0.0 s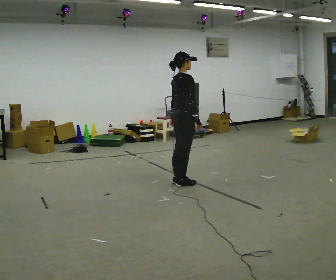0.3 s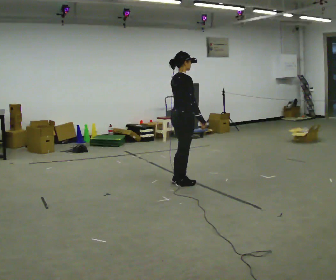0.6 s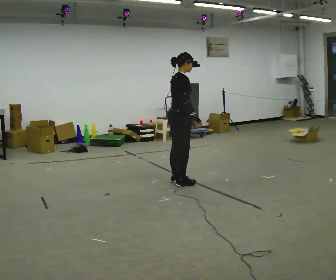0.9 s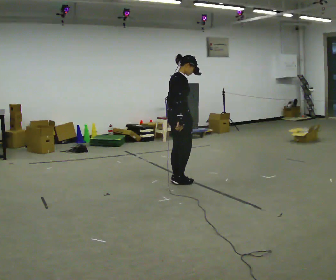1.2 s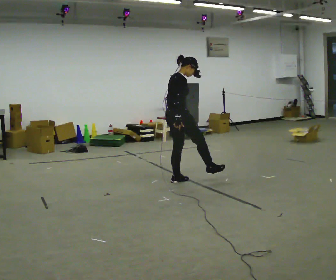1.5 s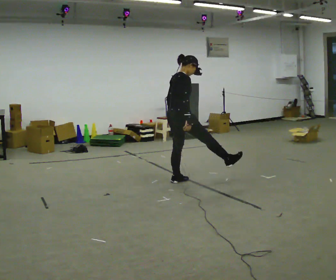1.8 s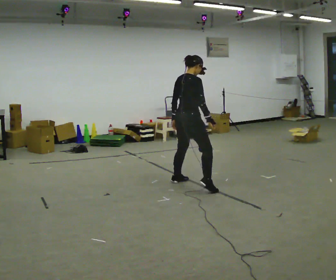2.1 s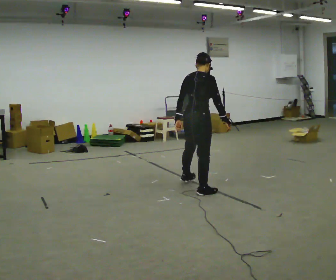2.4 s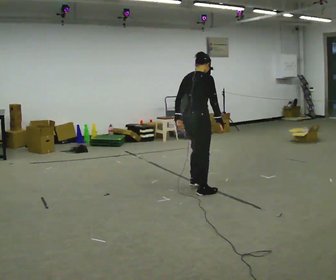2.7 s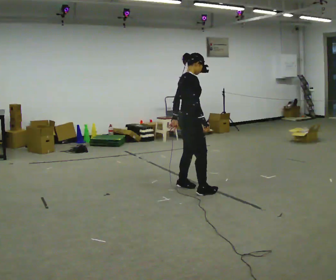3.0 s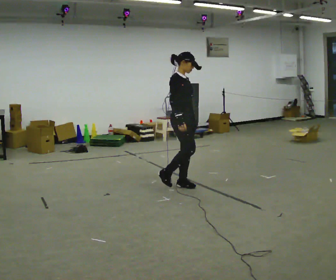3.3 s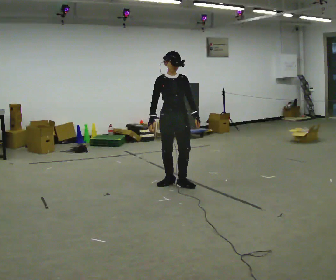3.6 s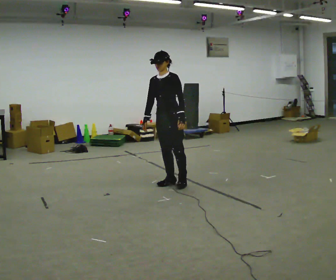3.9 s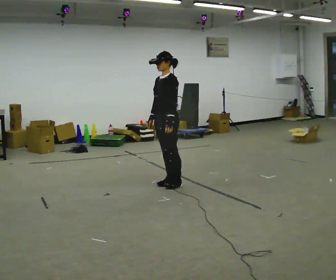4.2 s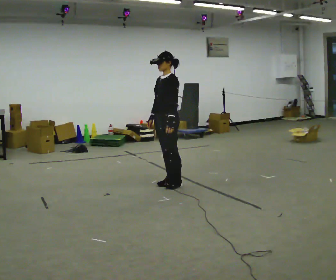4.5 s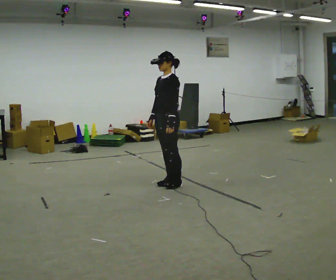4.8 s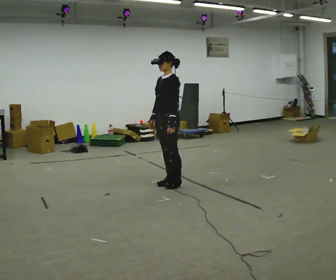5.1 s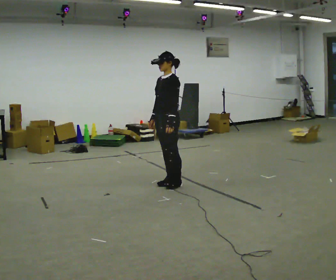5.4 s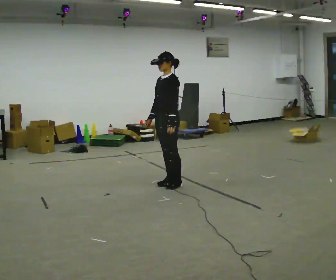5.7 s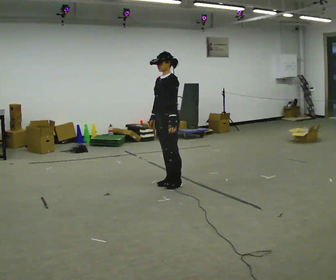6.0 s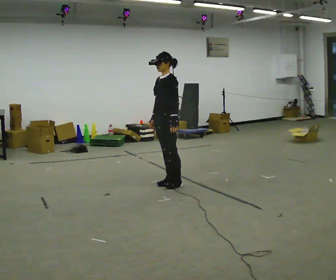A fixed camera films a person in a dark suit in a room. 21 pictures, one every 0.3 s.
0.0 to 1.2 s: The person moves a little, or ends about where they began.
1.2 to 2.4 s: The part of the body nearest the lens slides to the right as the person turns to their left by about 30 degrees. In the picture they go toward the camera and to the right, about 0.5 m in 1 step, which for them is to their right.
2.4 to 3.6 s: The part of the body nearest the lens slides to the left as the person turns to their right by about 165 degrees. In the picture they go to the left and away from the camera, about 0.5 m in 1 step. In the picture the upper body tilts counterclockwise, shoulders to the left.
3.6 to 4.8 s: The person turns about 30 degrees to their right, clockwise seen from above, so the part of the body nearest the lens slides to the left.
4.8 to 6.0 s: The person moves a little, or ends about where they began.
The film runs backward here.
